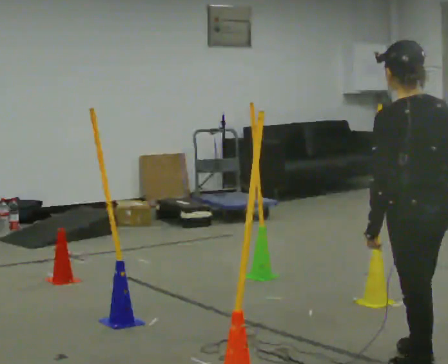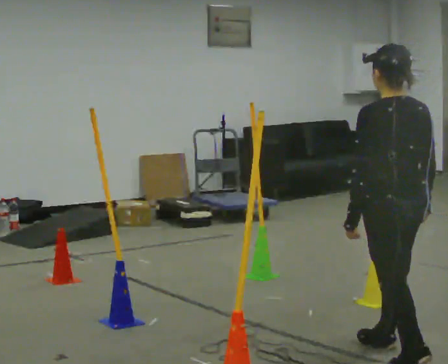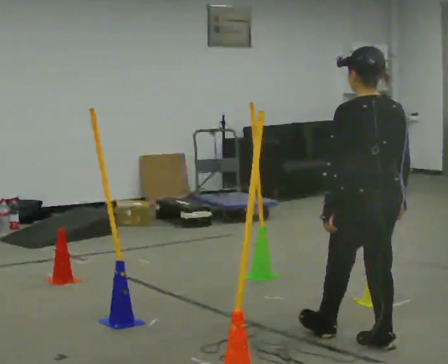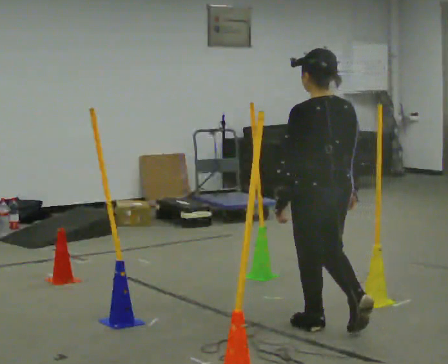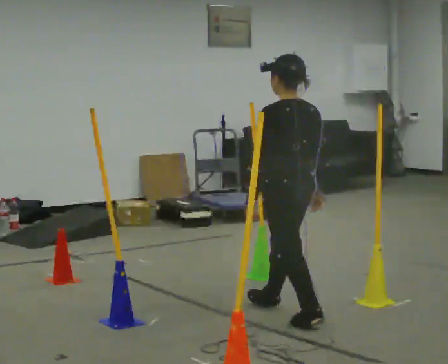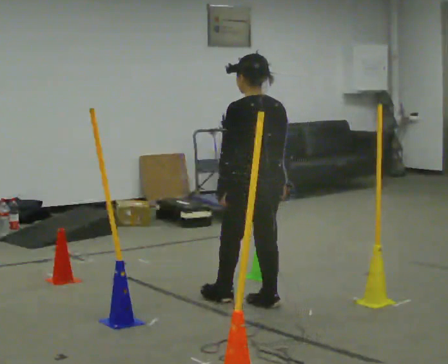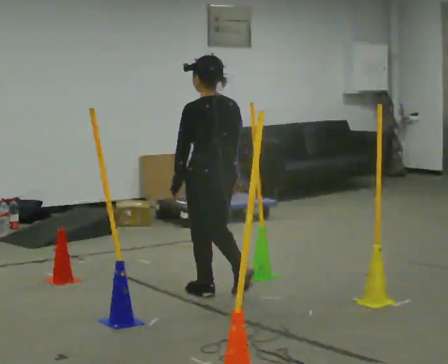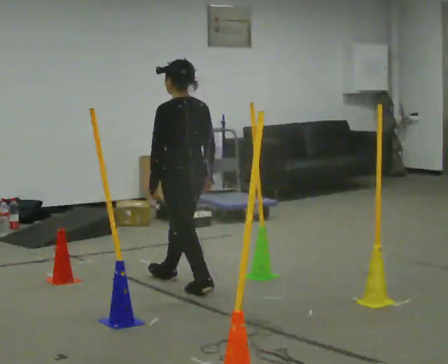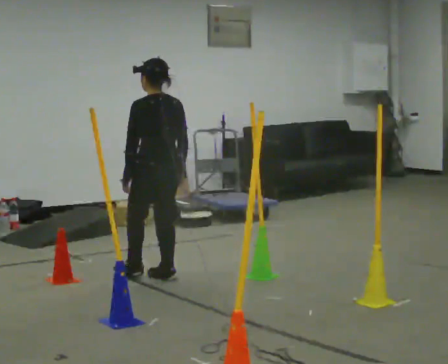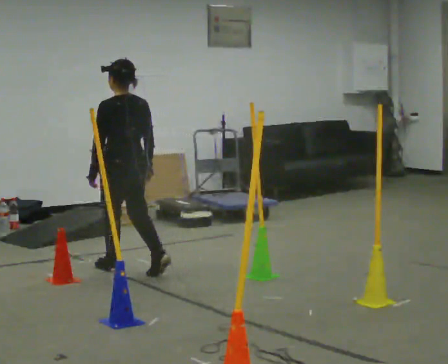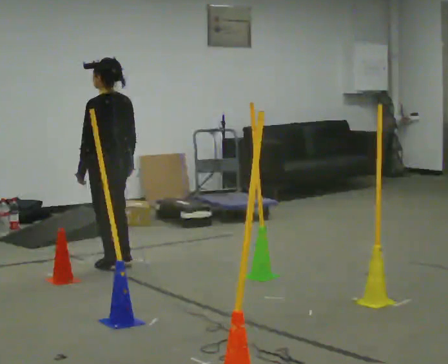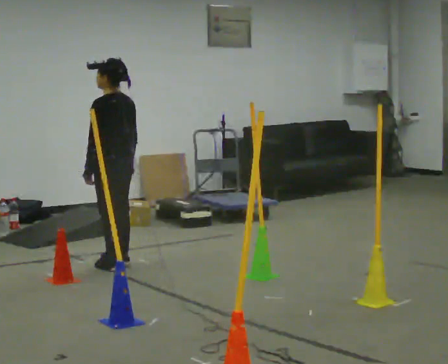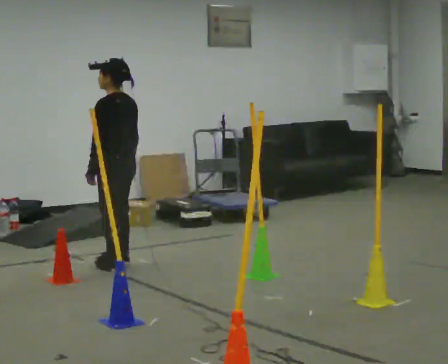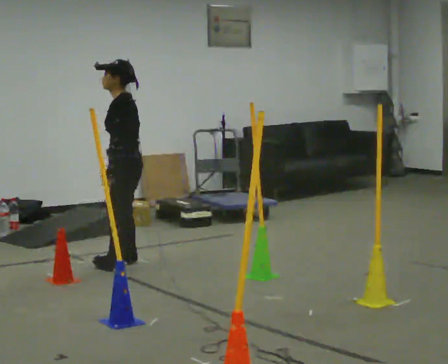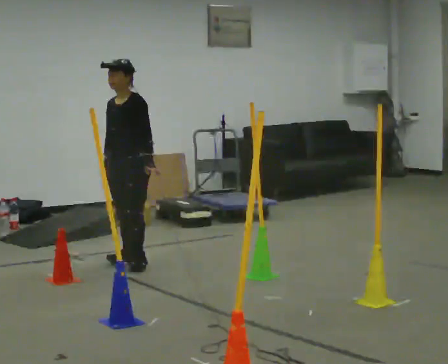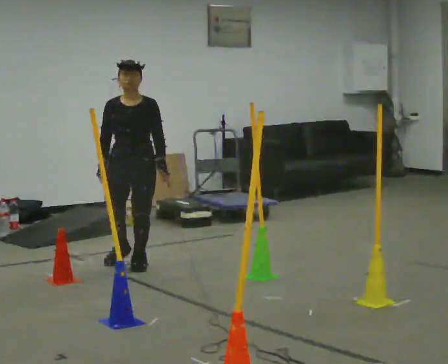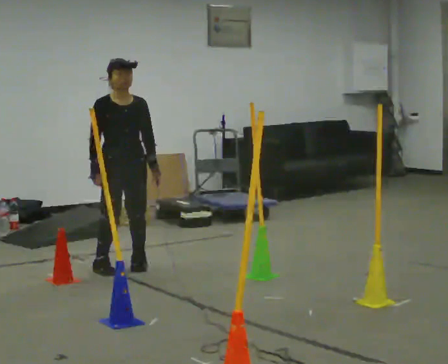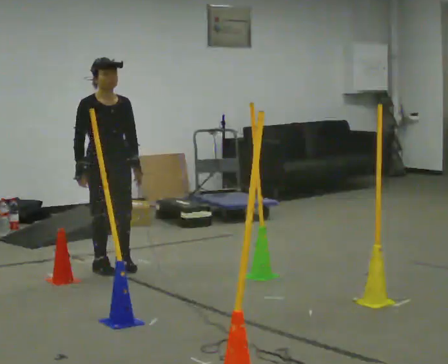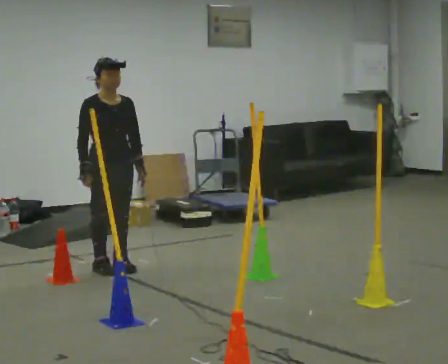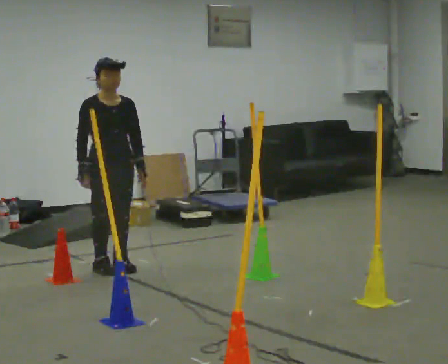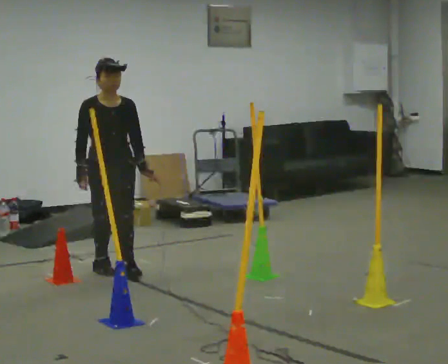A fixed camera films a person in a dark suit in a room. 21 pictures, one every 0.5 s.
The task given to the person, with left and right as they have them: Walk through passage without touching sides; continue normally after exit.
0.0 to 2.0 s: In the picture they go away from the camera, about 1 m in 3 steps, which for them is forward.
2.0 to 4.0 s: In the picture they go away from the camera and to the left, about 1 m in 2 steps, which for them is forward.
4.0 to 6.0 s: The person turns about 30 degrees to their left, counterclockwise seen from above, so the part of the body nearest the lens slides to the right. In the picture they go away from the camera and to the left, about 0.5 m in 2 steps, which for them is forward.
6.0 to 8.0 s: The part of the body nearest the lens slides to the right as the person turns to their left by about 135 degrees. In the picture their left hand goes to the right, the arm swinging counterclockwise.
8.0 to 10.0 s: The person moves a little, or ends about where they began.
The film runs forward here.
